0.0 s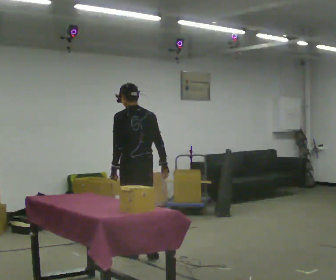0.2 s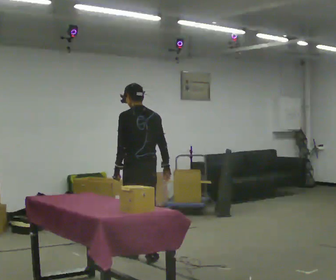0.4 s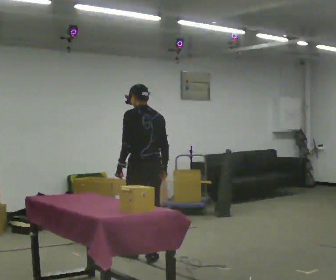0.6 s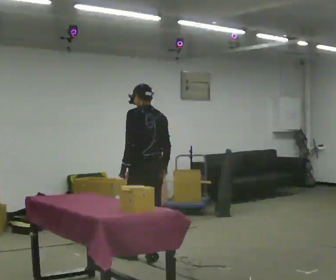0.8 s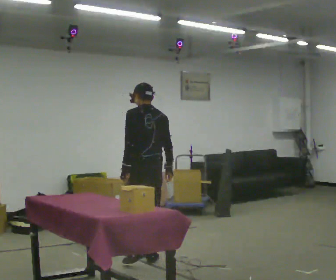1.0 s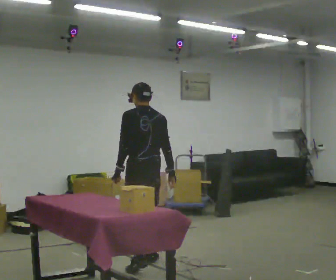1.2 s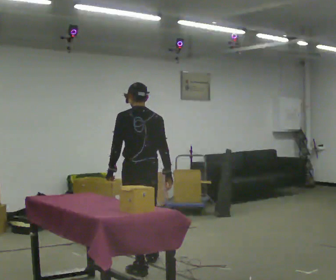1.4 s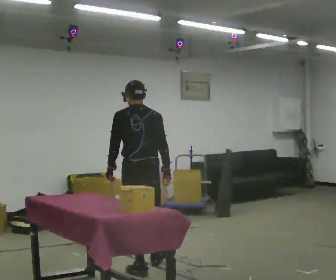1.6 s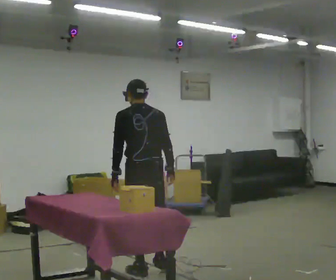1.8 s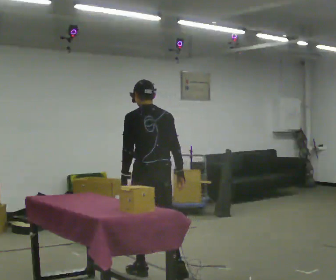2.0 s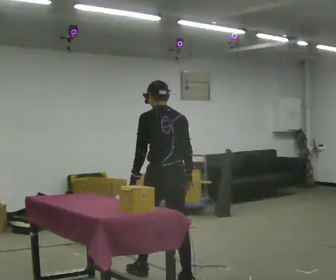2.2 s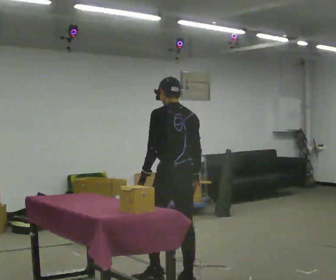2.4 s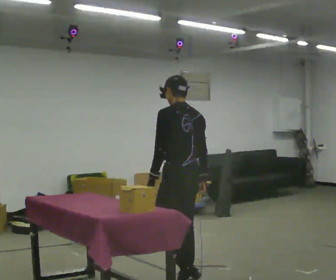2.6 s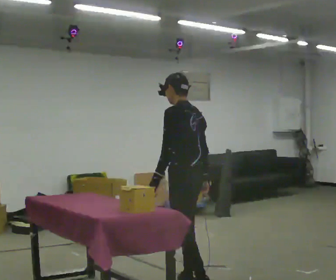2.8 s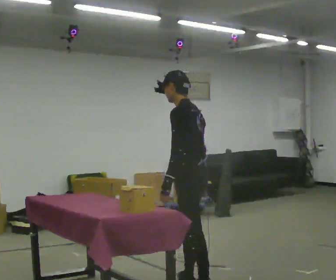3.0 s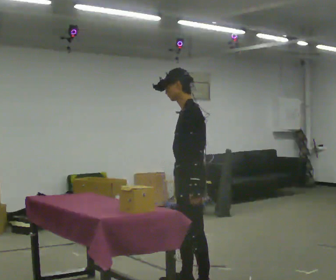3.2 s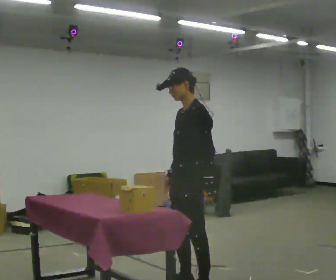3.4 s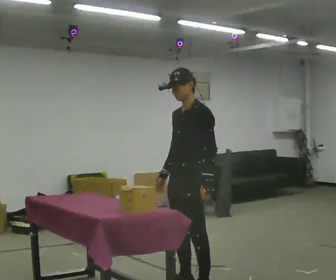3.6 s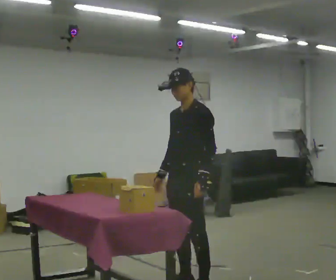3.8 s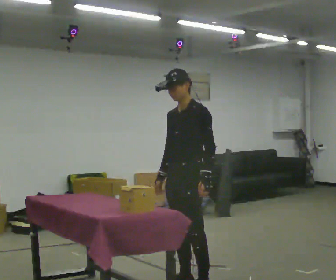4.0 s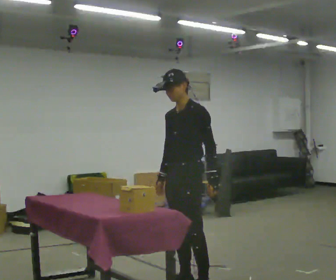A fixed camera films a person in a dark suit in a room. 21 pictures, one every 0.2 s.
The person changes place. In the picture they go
toward the camera.
0.0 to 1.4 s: In the picture they go toward the camera, about 0.5 m in 2 steps, which for them is backward and to their left.
1.4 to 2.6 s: The person turns about 45 degrees to their left, counterclockwise seen from above, so the part of the body nearest the lens slides to the right. In the picture they go toward the camera and to the right, about 0.5 m in 1 step, which for them is backward.
2.6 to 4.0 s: The person turns about 75 degrees to their left, counterclockwise seen from above, so the part of the body nearest the lens slides to the right. In the picture their left hand goes to the right, the arm swinging counterclockwise.
The film runs backward here.
